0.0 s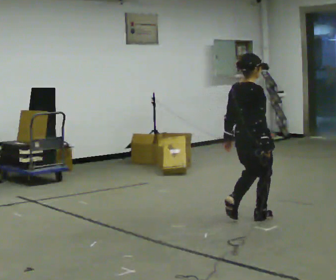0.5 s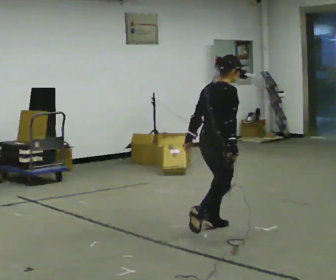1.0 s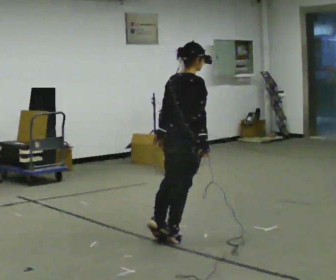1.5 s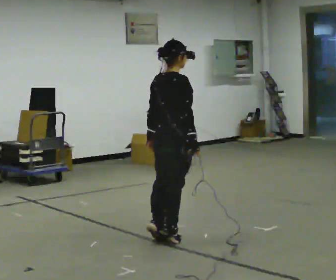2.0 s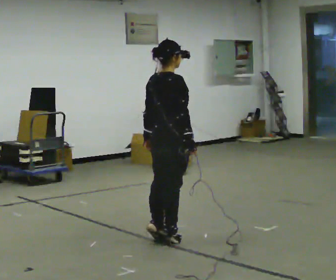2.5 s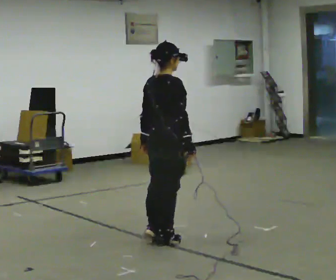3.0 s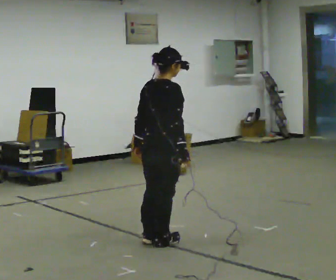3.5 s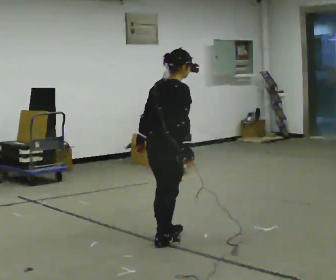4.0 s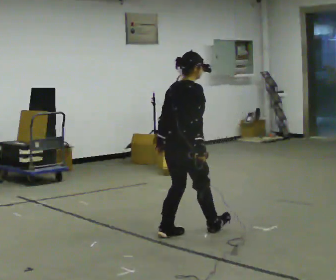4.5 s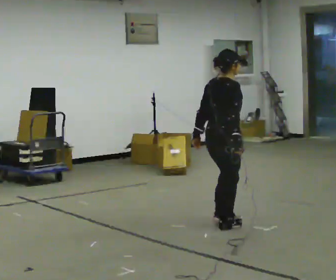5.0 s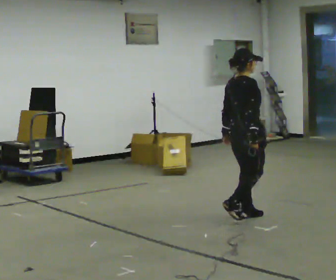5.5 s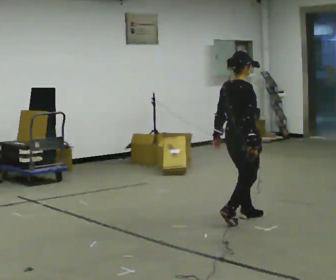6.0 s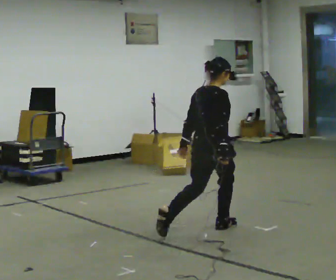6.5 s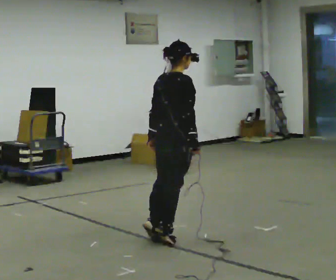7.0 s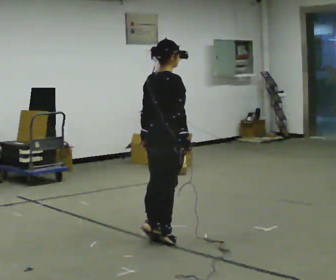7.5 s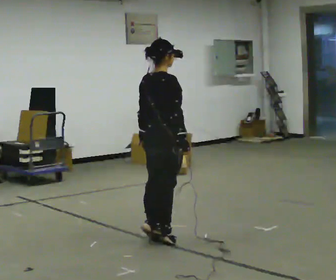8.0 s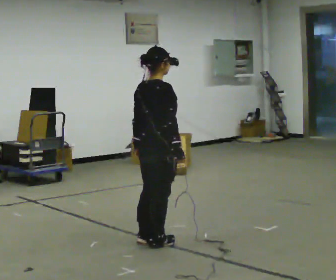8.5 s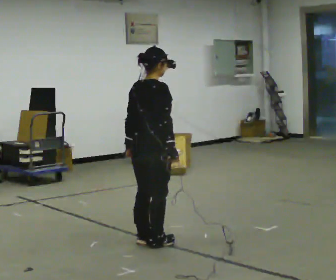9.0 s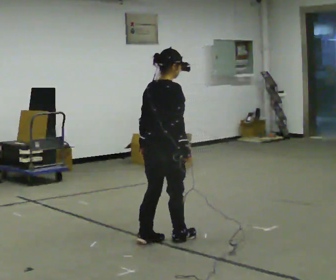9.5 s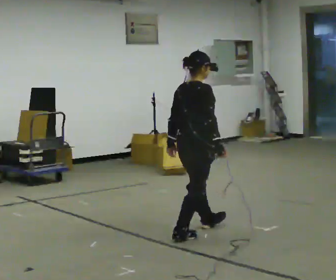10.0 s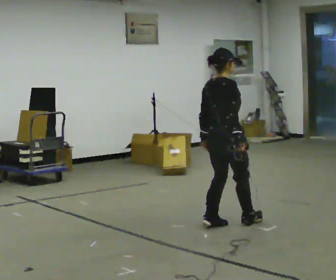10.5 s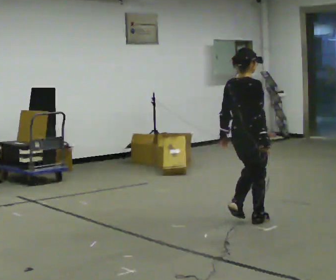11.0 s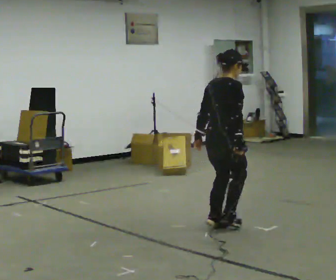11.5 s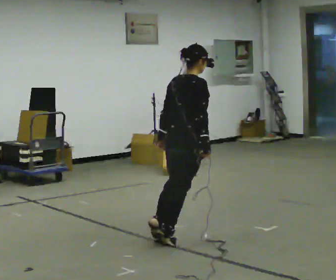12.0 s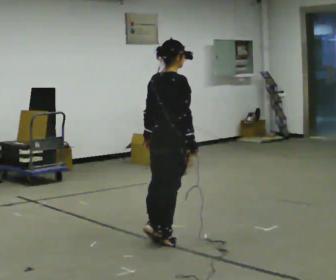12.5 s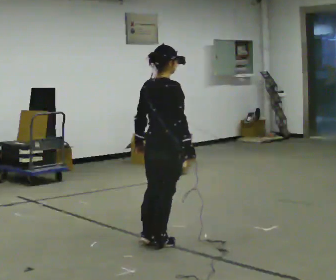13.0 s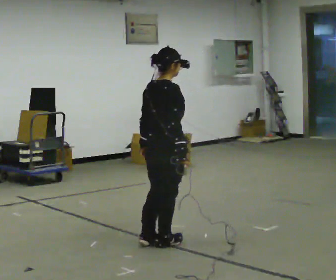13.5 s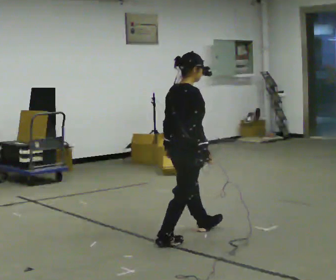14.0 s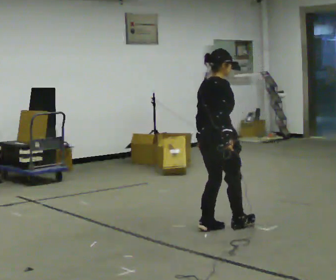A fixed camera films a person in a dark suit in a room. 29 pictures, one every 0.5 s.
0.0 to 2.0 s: In the picture they go to the left and toward the camera, about 1 m in 2 steps, which for them is backward.
2.0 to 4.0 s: The person moves a little, or ends about where they began.
4.0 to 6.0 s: In the picture they go to the right and away from the camera, about 0.25 m in 4 steps, which for them is forward.
6.0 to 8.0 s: In the picture they go to the left and toward the camera, about 0.5 m in 1 step, which for them is backward.
8.0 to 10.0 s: In the picture they go to the right and away from the camera, about 0.75 m in 3 steps, which for them is forward.
10.0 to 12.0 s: In the picture they go to the left and toward the camera, about 0.5 m in 2 steps, which for them is backward.
12.0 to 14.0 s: In the picture they go to the right and away from the camera, about 0.5 m in 2 steps, which for them is forward.
The film runs backward here.
